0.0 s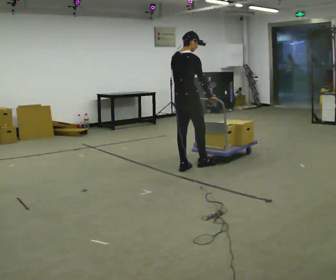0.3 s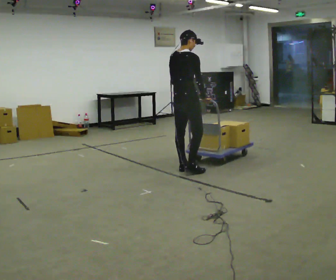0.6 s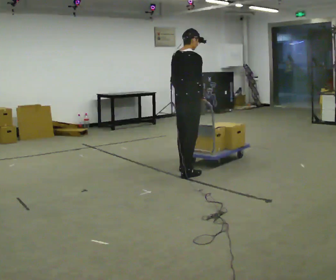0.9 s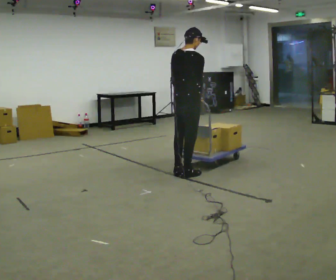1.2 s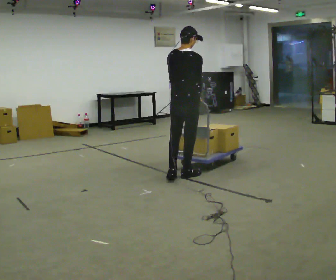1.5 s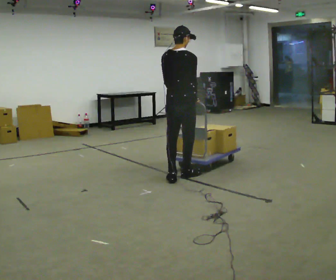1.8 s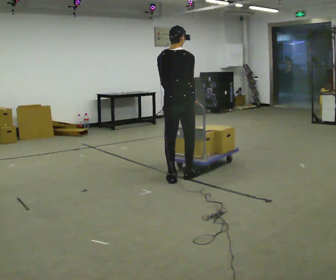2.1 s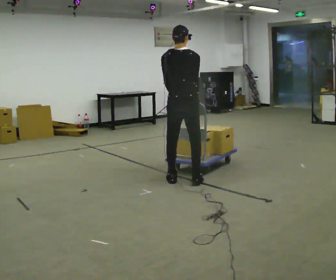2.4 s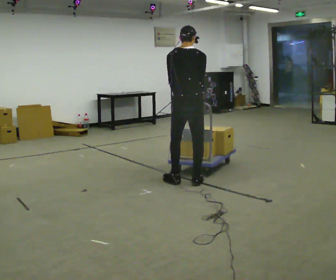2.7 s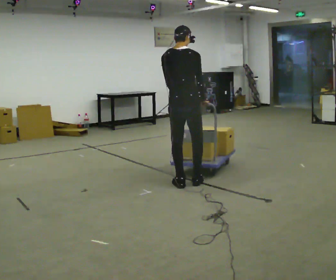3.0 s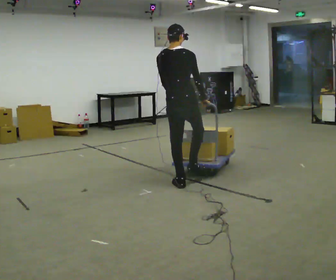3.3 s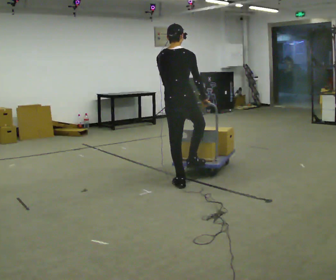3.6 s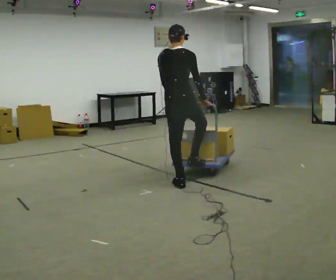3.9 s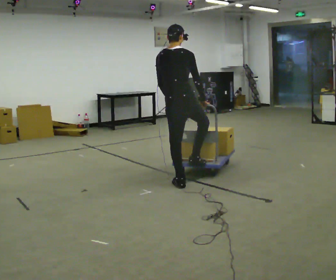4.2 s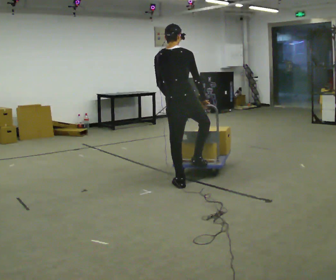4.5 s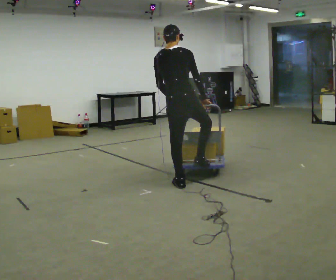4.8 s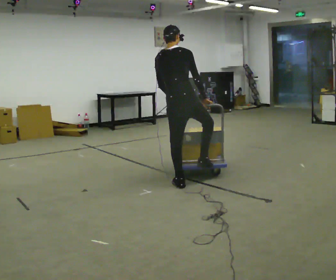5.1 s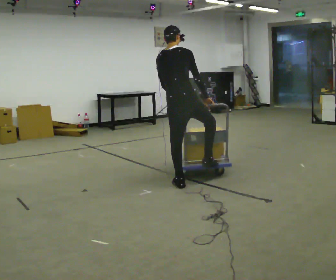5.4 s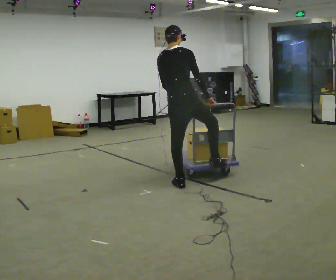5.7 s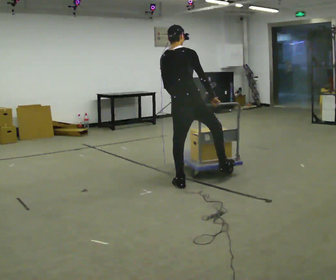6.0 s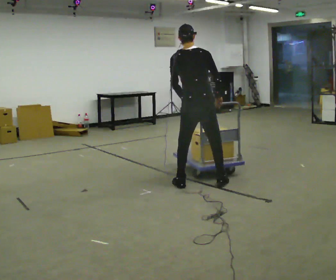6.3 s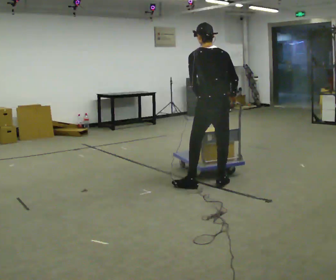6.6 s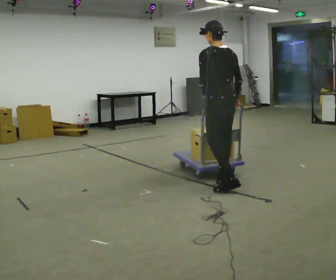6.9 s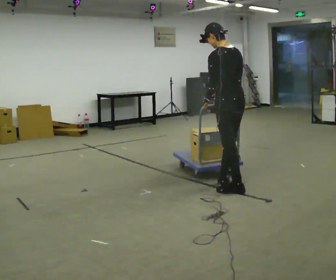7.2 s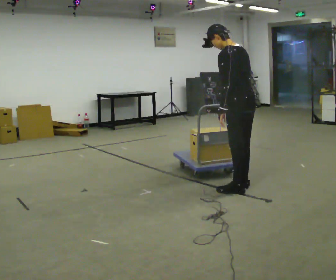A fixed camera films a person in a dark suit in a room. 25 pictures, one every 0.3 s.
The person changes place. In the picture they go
toward the camera.
0.0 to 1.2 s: In the picture they go toward the camera, about 0.5 m in 2 steps, which for them is backward and to their right.
1.2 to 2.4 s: In the picture they go toward the camera, about 0.25 m in 1 step, which for them is backward.
2.4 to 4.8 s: The person moves a little, or ends about where they began.
4.8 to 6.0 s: In the picture they go to the right, about 0.25 m in 1 step, which for them is to their right.
6.0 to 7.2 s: The part of the body nearest the lens slides to the right as the person turns to their left by about 45 degrees. In the picture they go to the right and toward the camera, about 0.5 m in 1 step, which for them is backward and to their right.
The film runs forward here.
